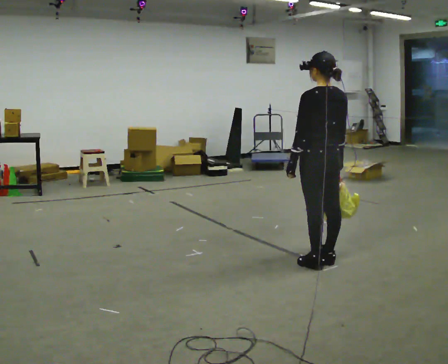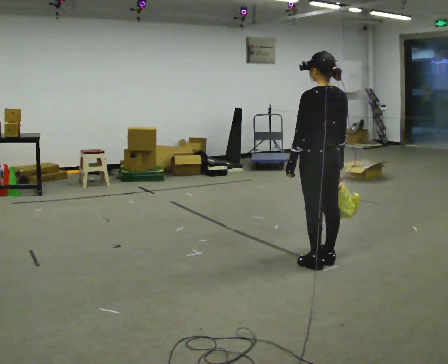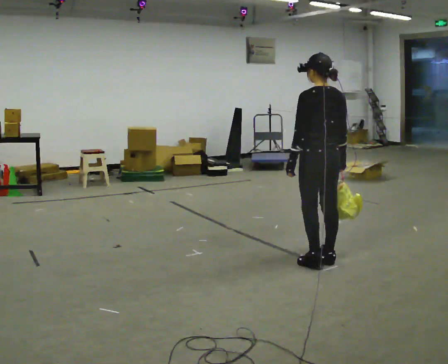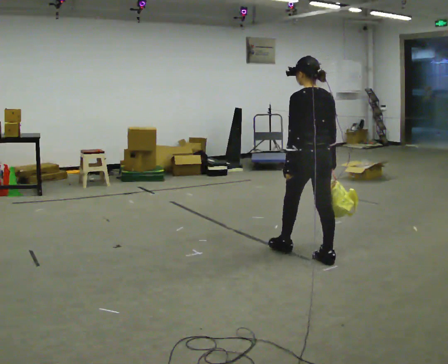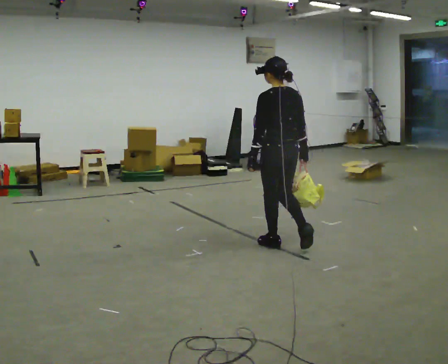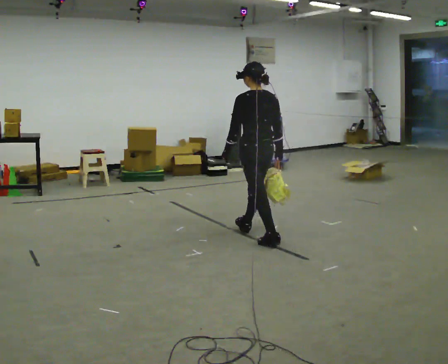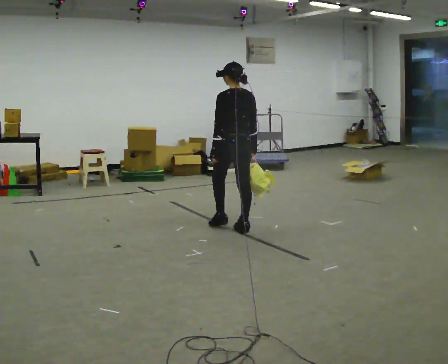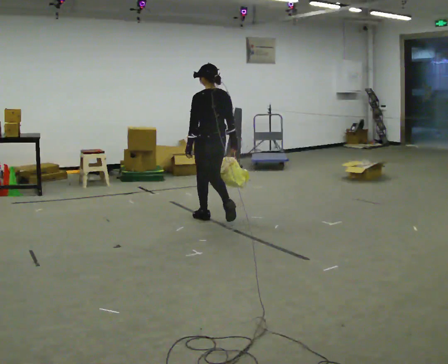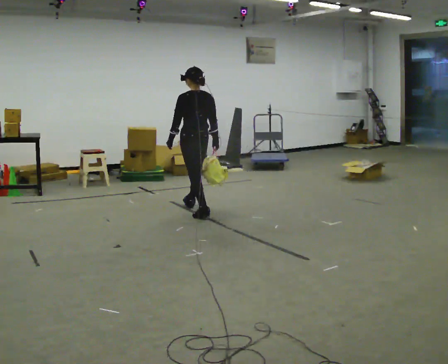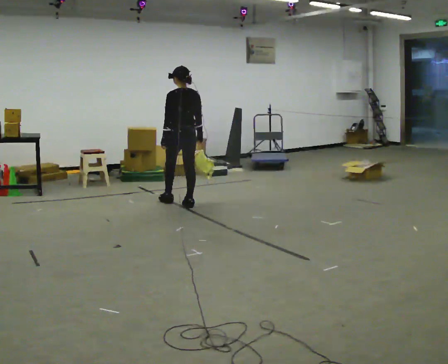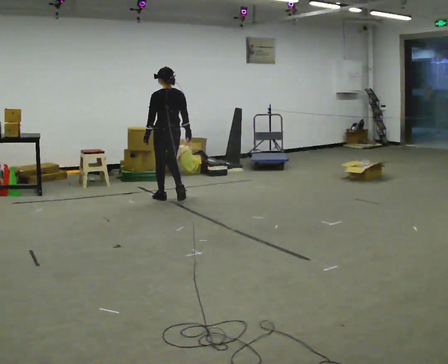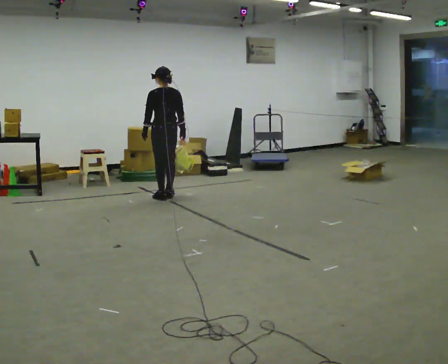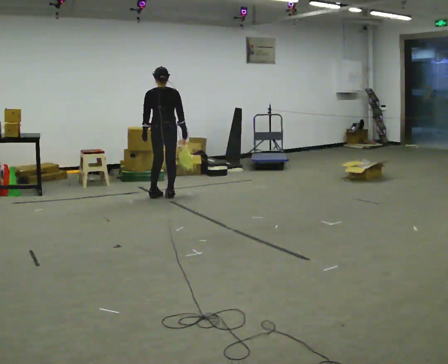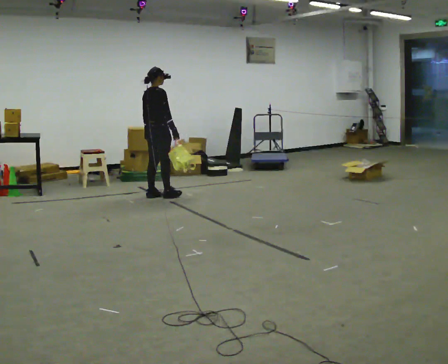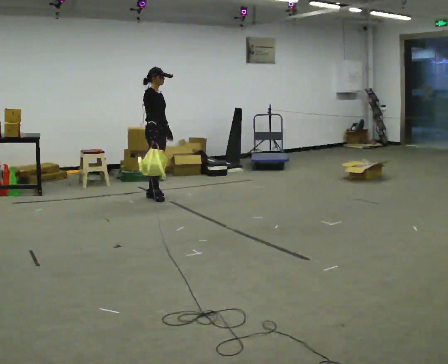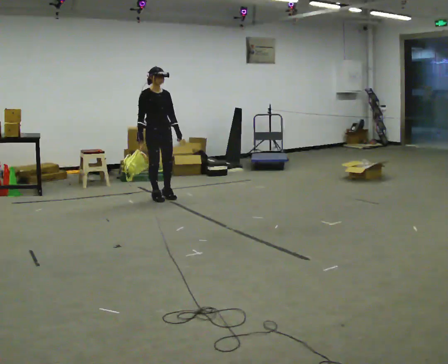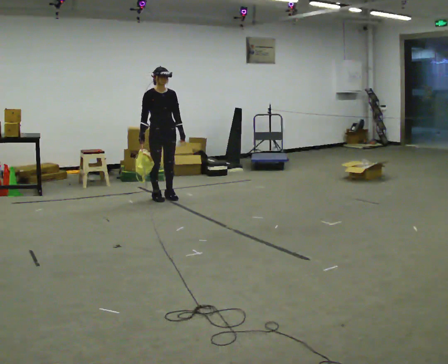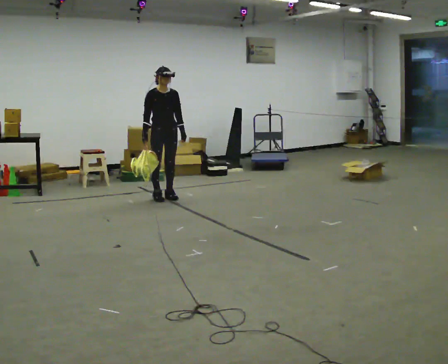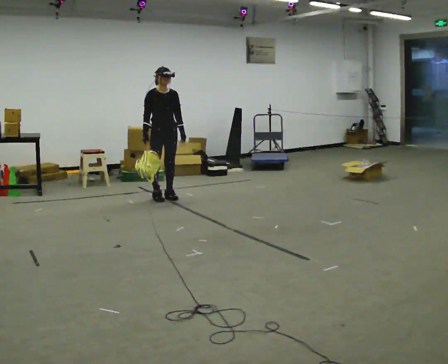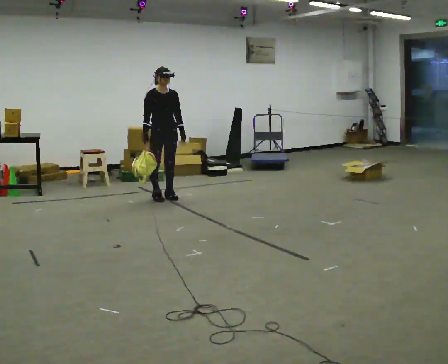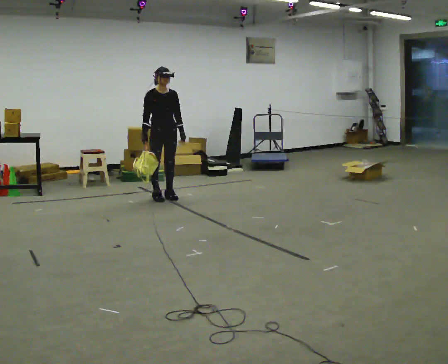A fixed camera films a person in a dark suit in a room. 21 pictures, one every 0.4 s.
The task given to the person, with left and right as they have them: Carry the soft bag across the room, back and forth. It will change shape as you move, so hold it however works.
0.0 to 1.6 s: In the picture they go away from the camera and to the left, about 0.5 m in 1 step, which for them is forward.
1.6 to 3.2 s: In the picture they go away from the camera and to the left, about 1.5 m in 2 steps, which for them is forward.
3.2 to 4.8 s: Seen from above the body turns clockwise, about 30 degrees: to their right, with its near side sliding to the left. In the picture they go away from the camera and to the left, about 1 m in 3 steps, which for them is forward.
4.8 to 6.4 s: The part of the body nearest the lens slides to the left as the person turns to their right by about 150 degrees. In the picture their right hand goes to the left, the arm swinging clockwise.
6.4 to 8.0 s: The person moves a little, or ends about where they began.
The film runs forward here.
